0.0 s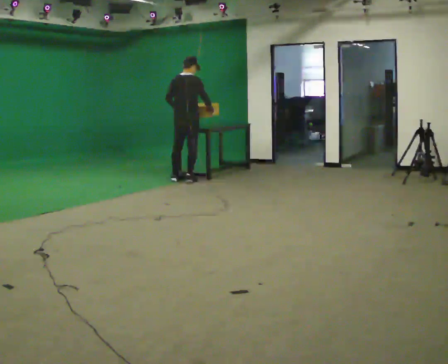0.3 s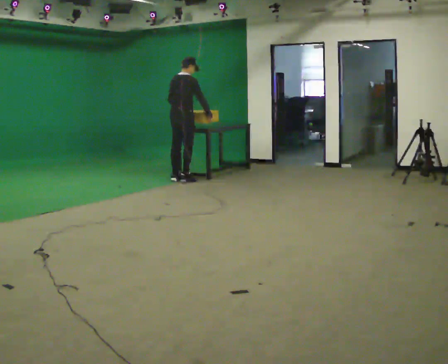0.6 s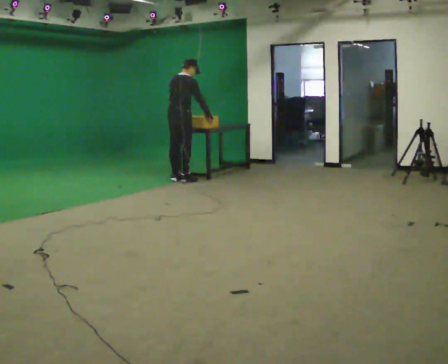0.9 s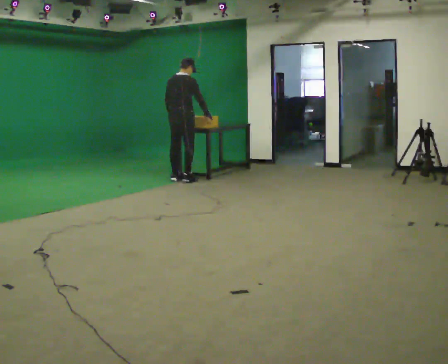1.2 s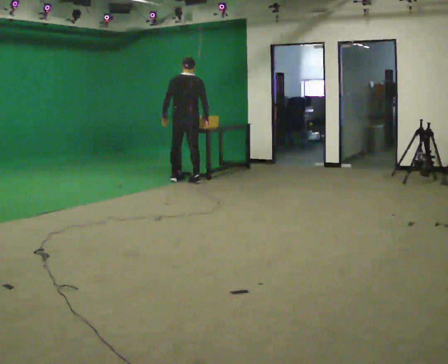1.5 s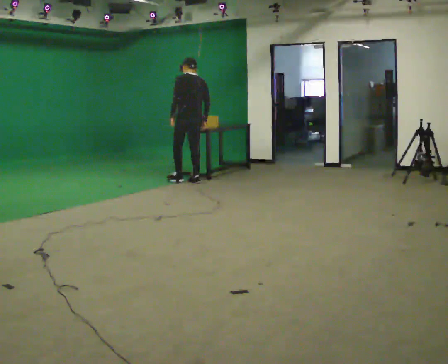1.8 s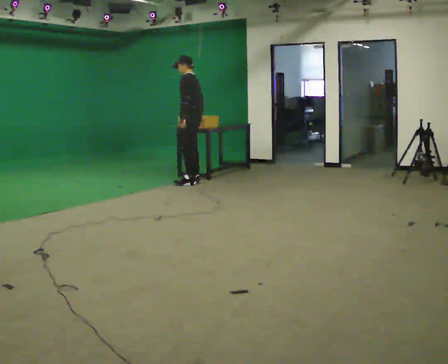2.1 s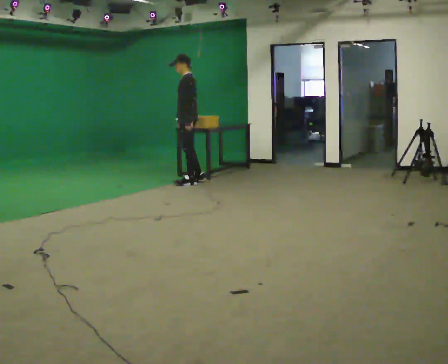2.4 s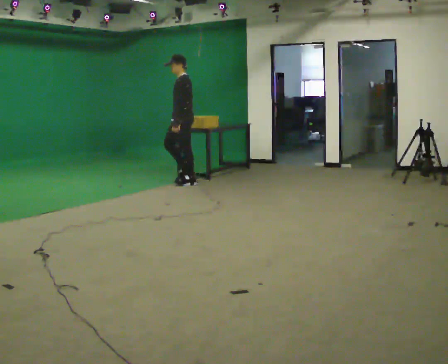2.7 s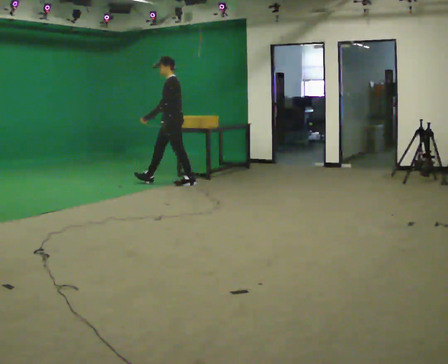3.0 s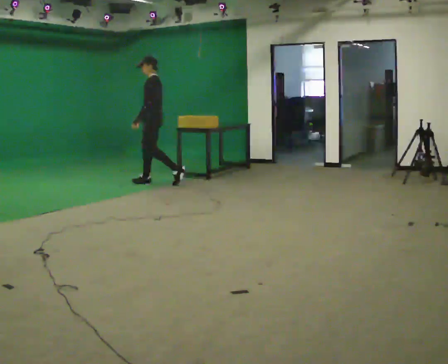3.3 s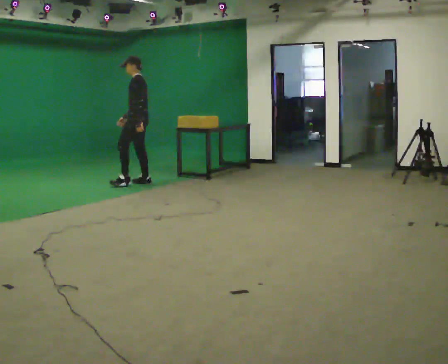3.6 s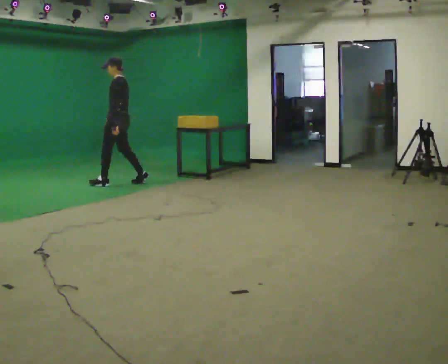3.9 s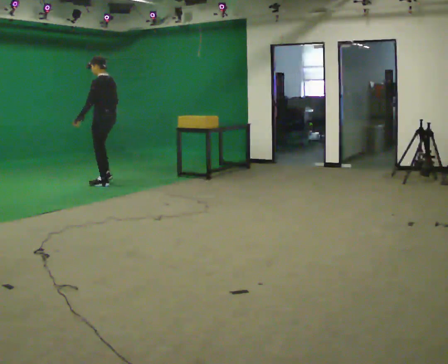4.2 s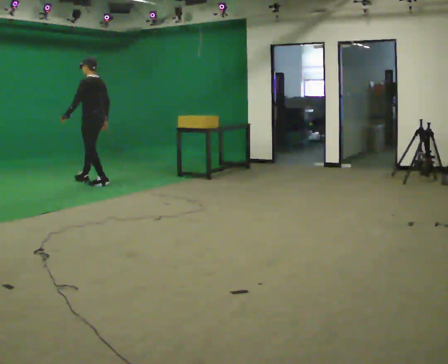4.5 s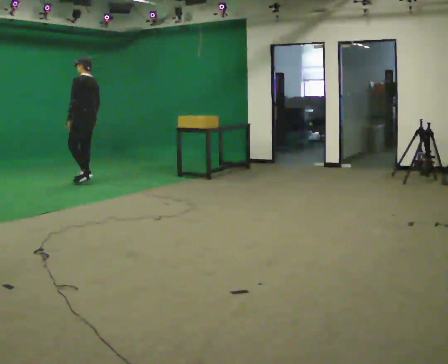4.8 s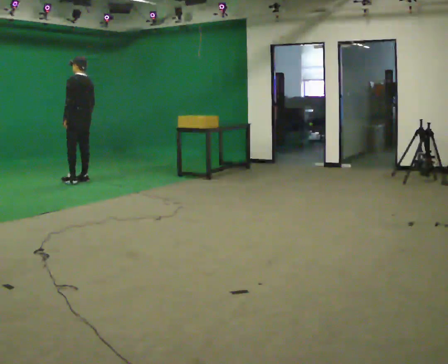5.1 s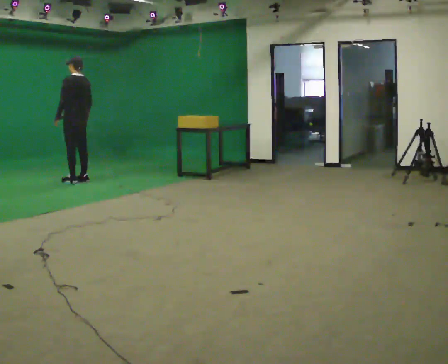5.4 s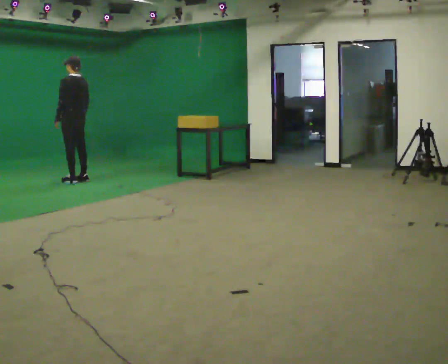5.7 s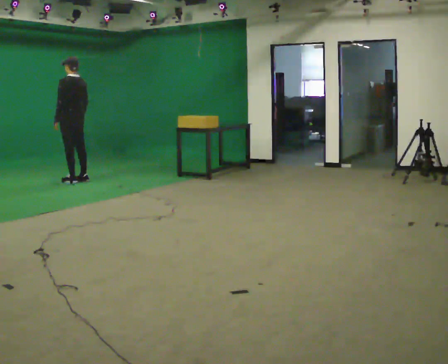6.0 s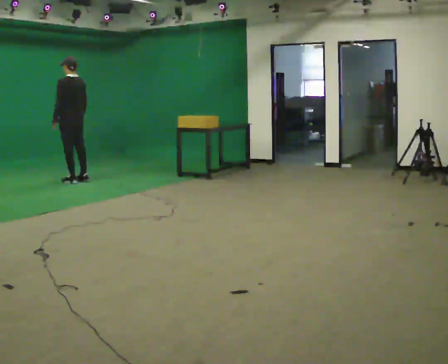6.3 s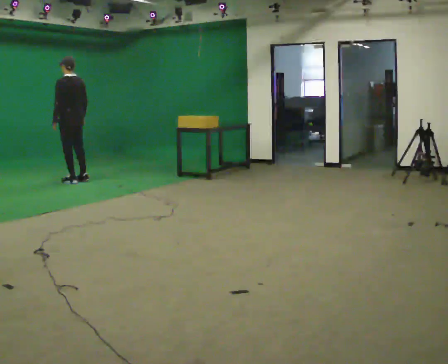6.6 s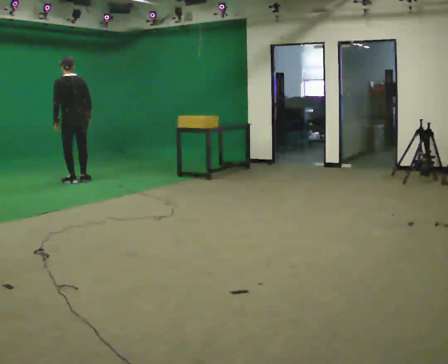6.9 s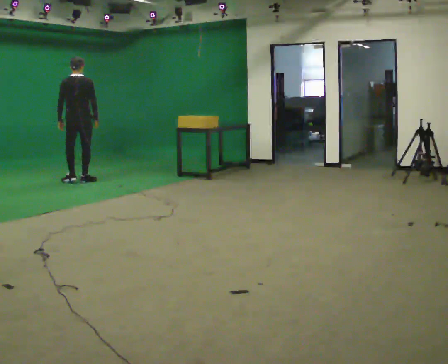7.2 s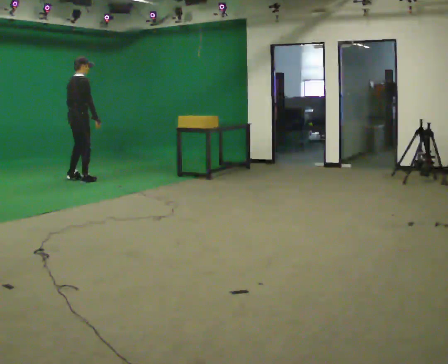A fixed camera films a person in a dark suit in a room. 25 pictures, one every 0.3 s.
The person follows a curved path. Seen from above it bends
clockwise.
0.0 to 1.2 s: Seen from above the body turns counterclockwise, about 30 degrees: to their left, with its near side sliding to the right.
1.2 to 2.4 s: Seen from above the body turns counterclockwise, about 105 degrees: to their left, with its near side sliding to the right.
2.4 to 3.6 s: In the picture they go to the left, about 1 m in 2 steps, which for them is forward.
3.6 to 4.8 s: In the picture they go to the left, about 0.5 m in 2 steps, which for them is forward.
4.8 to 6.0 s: The person moves a little, or ends about where they began.
6.0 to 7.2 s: Seen from above the body turns clockwise, about 105 degrees: to their right, with its near side sliding to the left.
The film runs forward here.
